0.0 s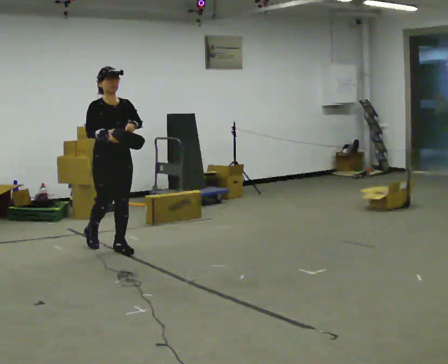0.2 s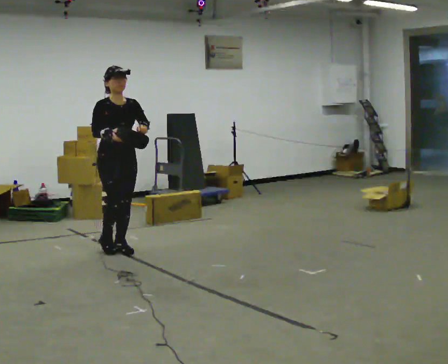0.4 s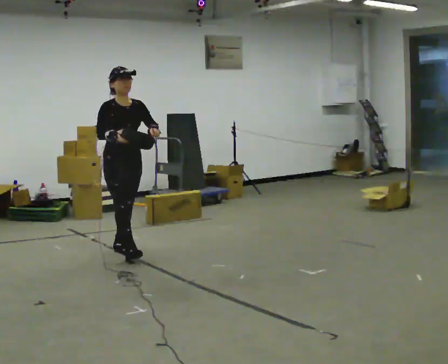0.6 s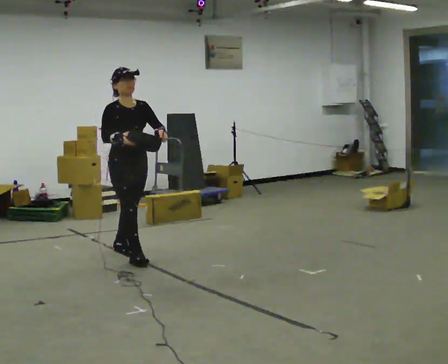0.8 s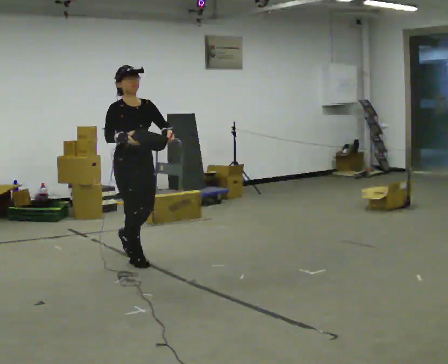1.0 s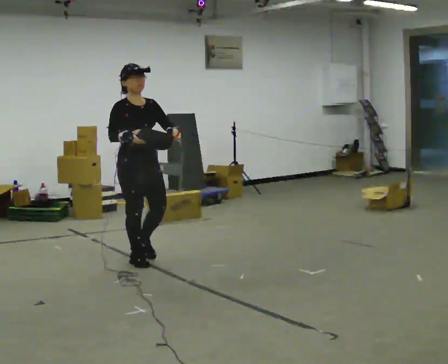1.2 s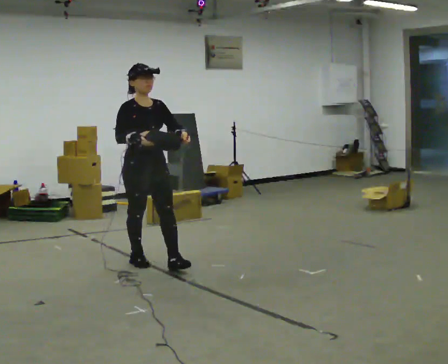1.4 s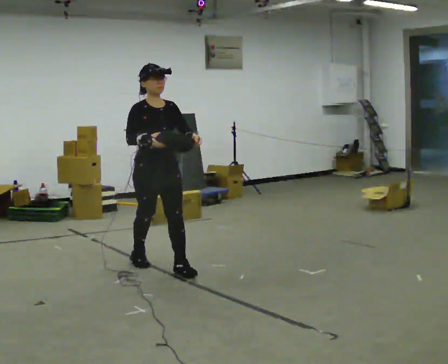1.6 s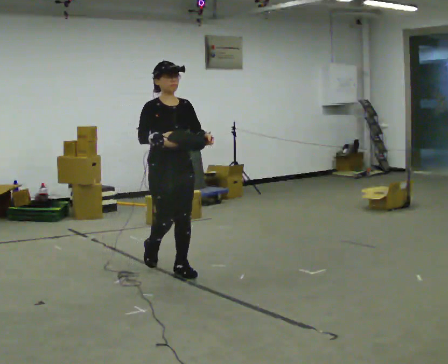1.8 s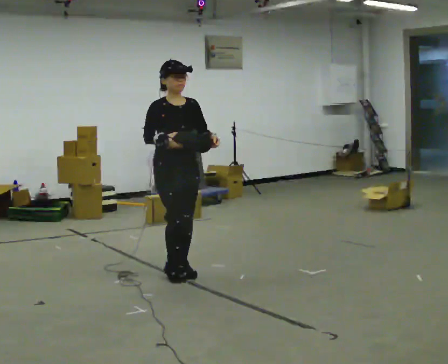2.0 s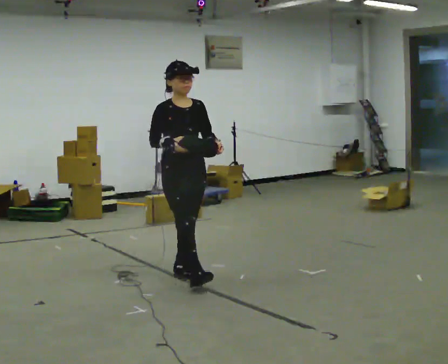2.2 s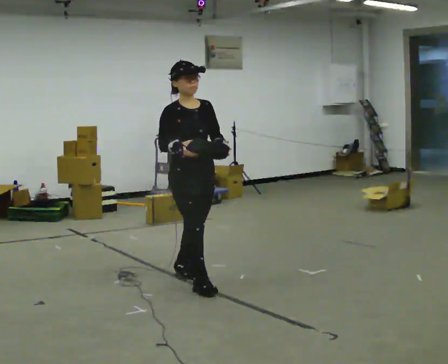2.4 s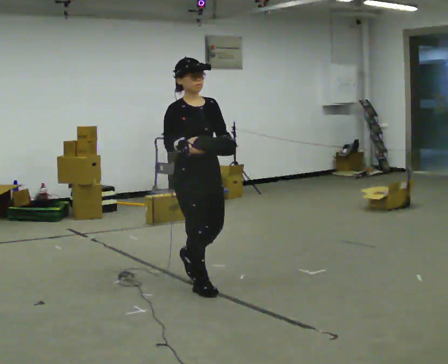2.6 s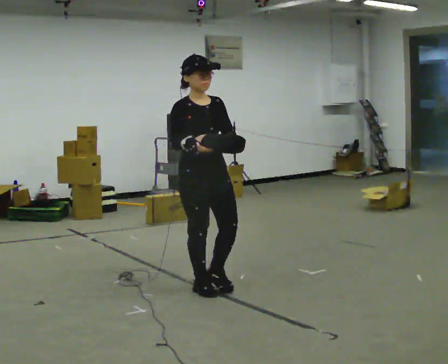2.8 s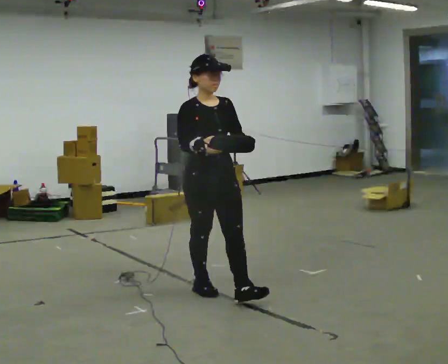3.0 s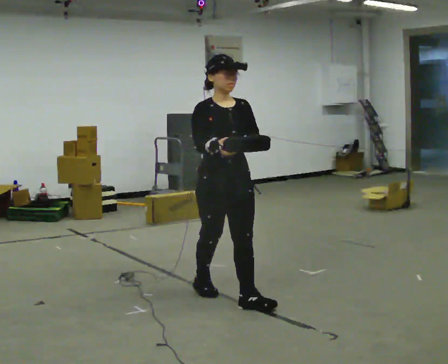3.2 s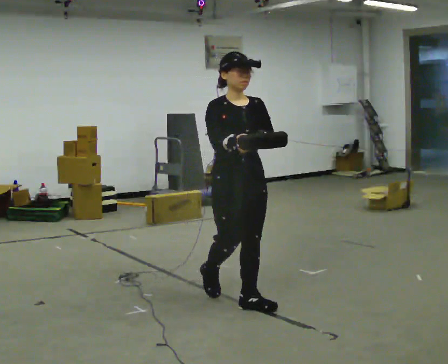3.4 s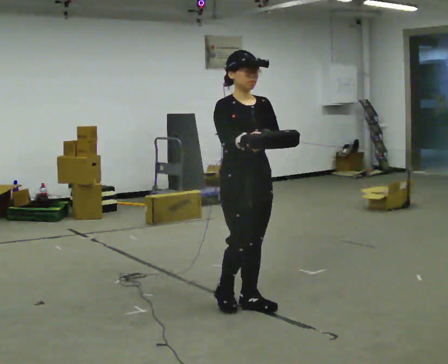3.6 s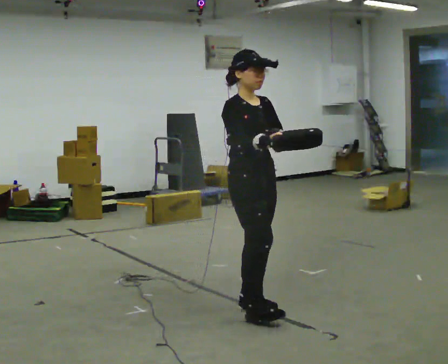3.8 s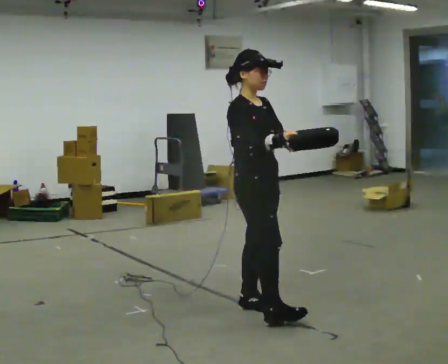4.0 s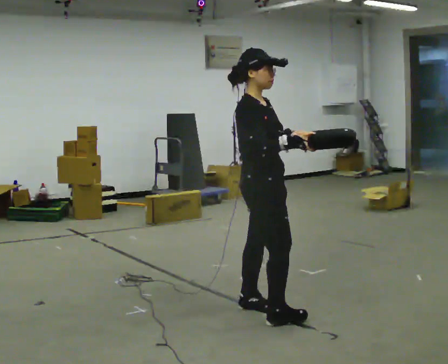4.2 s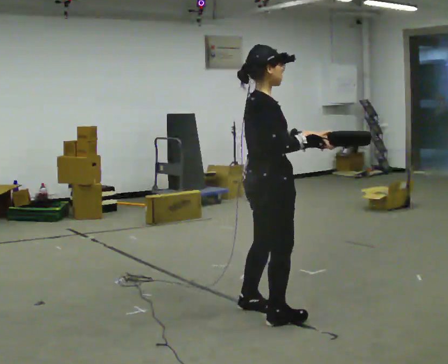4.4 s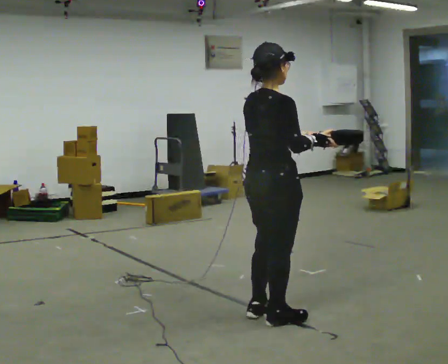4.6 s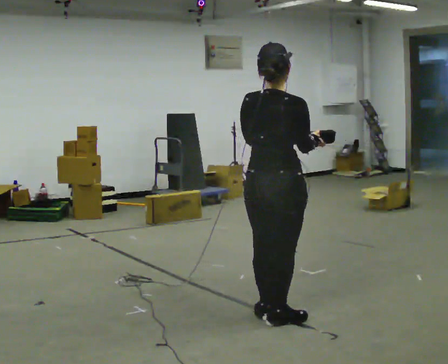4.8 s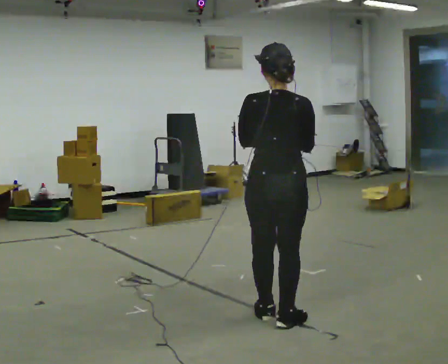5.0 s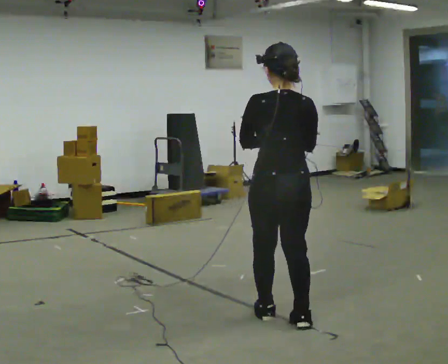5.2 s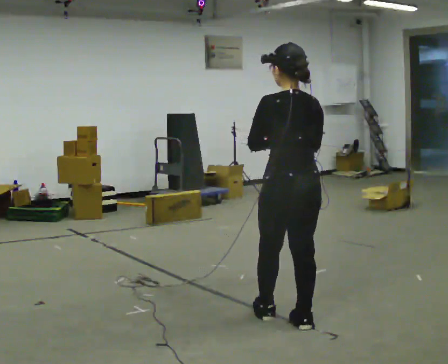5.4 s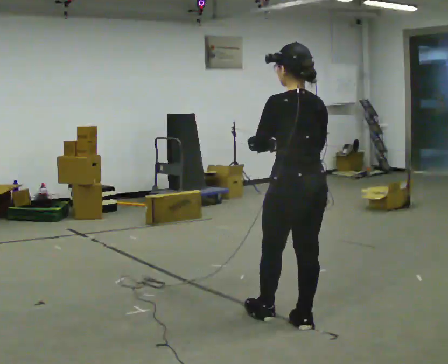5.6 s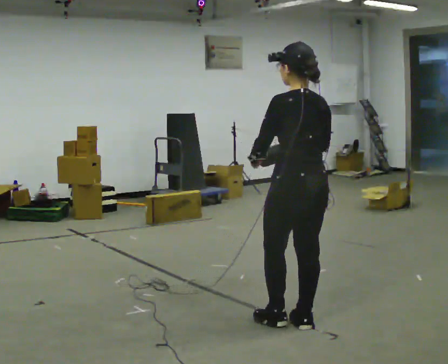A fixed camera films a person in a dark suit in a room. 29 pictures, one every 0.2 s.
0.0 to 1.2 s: In the picture they go toward the camera and to the right, about 0.75 m in 1 step, which for them is forward.
1.2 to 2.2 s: In the picture they go toward the camera and to the right, about 0.75 m in 2 steps, which for them is forward.
2.2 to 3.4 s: In the picture they go toward the camera and to the right, about 0.75 m in 1 step, which for them is forward.
3.4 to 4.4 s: The person turns about 90 degrees to their left, counterclockwise seen from above, so the part of the body nearest the lens slides to the right. In the picture they go toward the camera, about 0.25 m in 1 step.
4.4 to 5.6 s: The person turns about 90 degrees to their left, counterclockwise seen from above, so the part of the body nearest the lens slides to the right. In the picture they go to the right, about 0.25 m in 3 steps.
The film runs forward here.
